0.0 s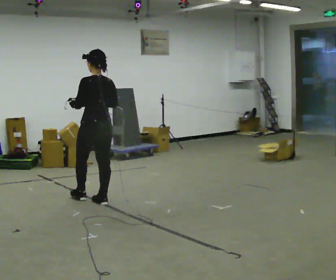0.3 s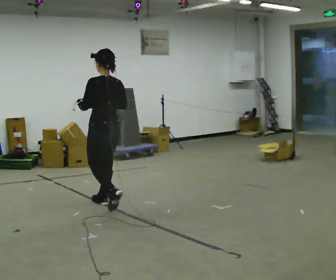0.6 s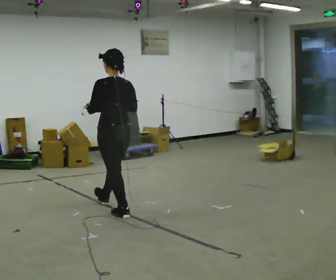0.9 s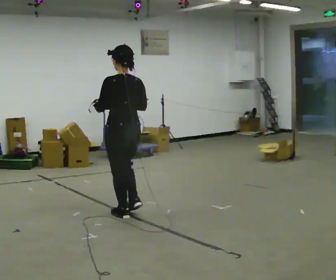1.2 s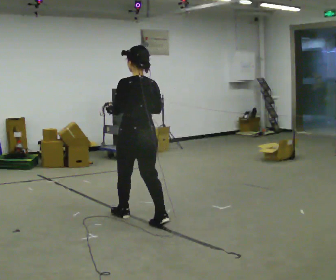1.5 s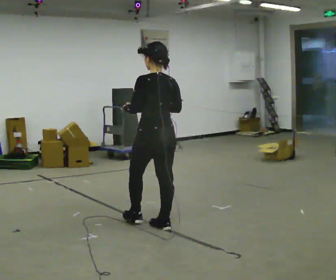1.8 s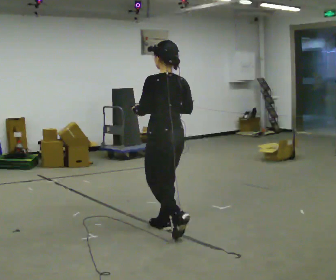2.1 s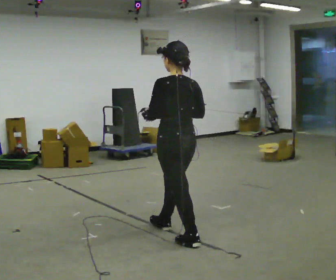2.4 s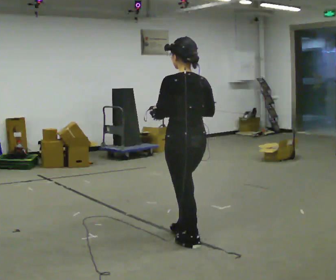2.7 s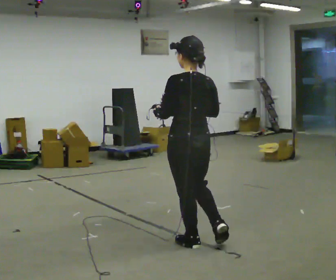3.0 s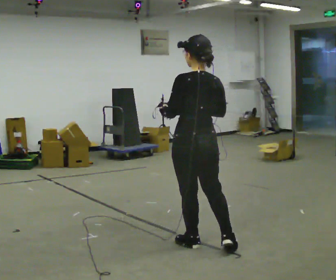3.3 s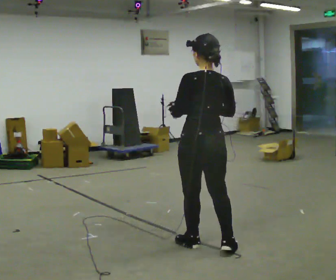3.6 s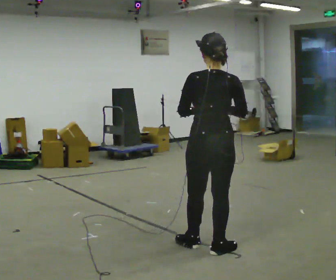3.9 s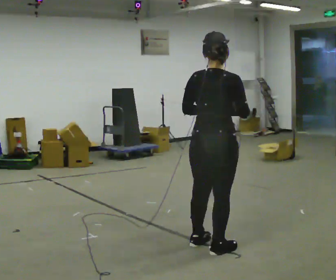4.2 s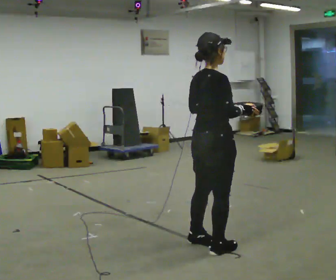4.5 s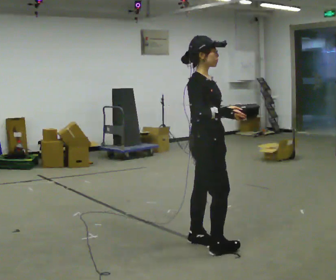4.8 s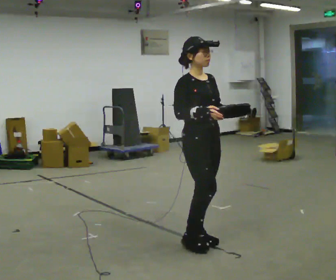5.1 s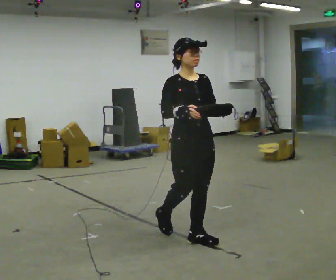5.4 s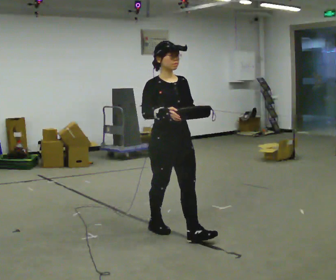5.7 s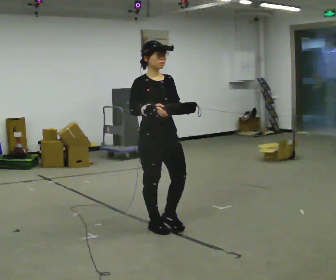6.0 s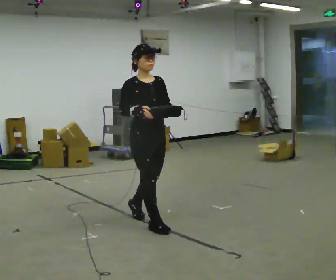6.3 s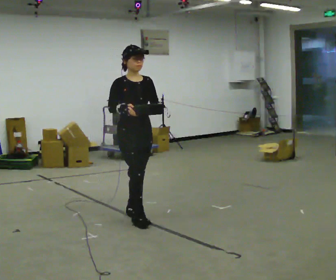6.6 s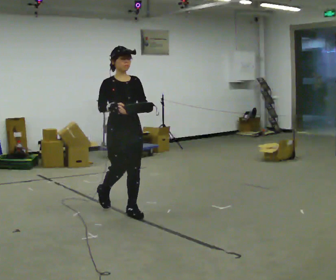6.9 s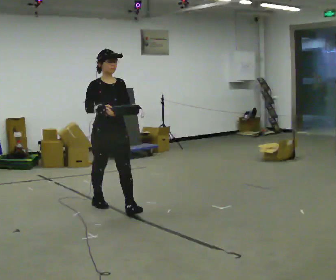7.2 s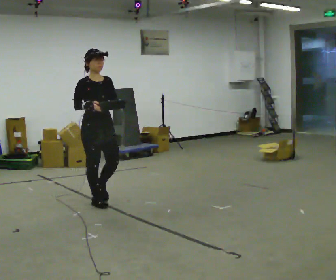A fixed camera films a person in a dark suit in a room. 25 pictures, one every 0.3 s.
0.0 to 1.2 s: In the picture they go to the right and toward the camera, about 1 m in 1 step, which for them is backward.
1.2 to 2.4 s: In the picture they go to the right and toward the camera, about 1 m in 2 steps, which for them is backward.
2.4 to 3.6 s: The person turns about 30 degrees to their right, clockwise seen from above, so the part of the body nearest the lens slides to the left. In the picture they go to the right, about 0.25 m, which for them is backward.
3.6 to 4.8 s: Seen from above the body turns clockwise, about 135 degrees: to their right, with its near side sliding to the left. In the picture they go away from the camera, about 0.25 m in 1 step. In the picture their left hand goes to the right.
4.8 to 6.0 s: In the picture they go to the left and away from the camera, about 0.75 m in 1 step, which for them is backward.
6.0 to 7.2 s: In the picture they go to the left and away from the camera, about 1 m in 2 steps, which for them is backward.
The film runs backward here.
